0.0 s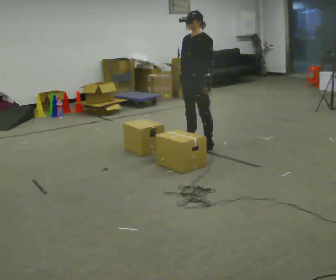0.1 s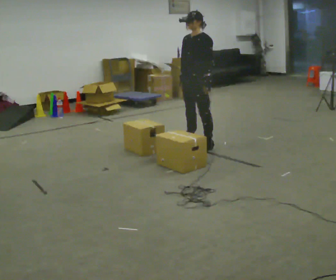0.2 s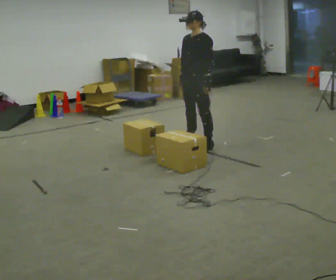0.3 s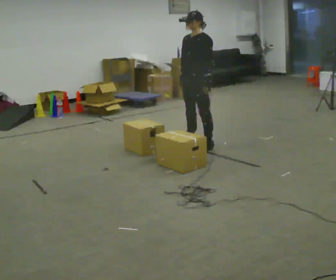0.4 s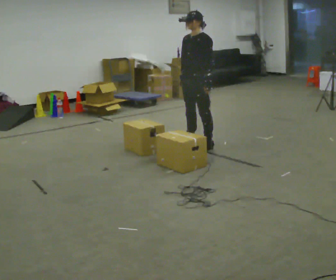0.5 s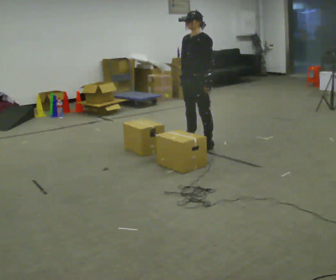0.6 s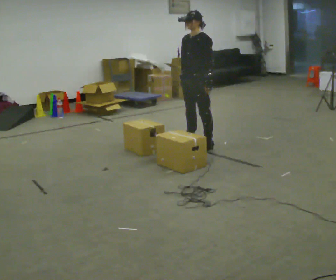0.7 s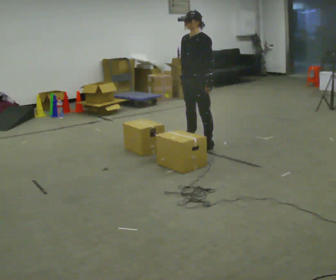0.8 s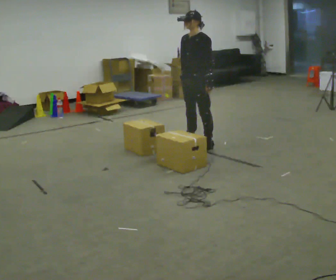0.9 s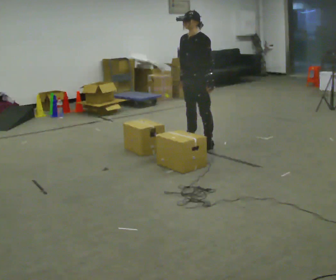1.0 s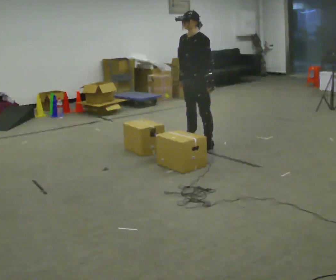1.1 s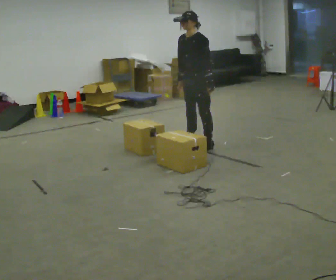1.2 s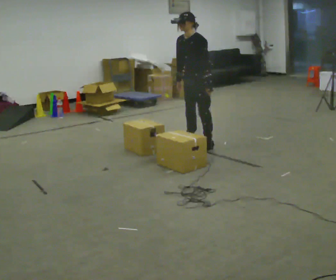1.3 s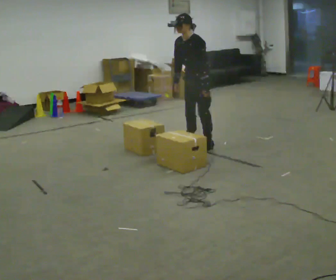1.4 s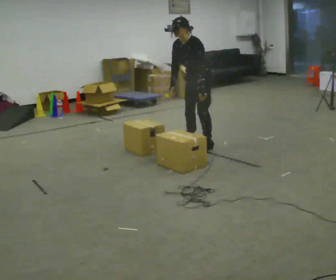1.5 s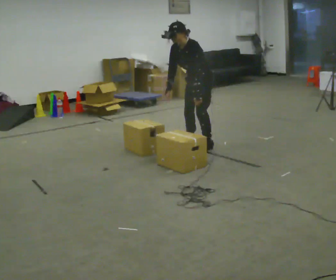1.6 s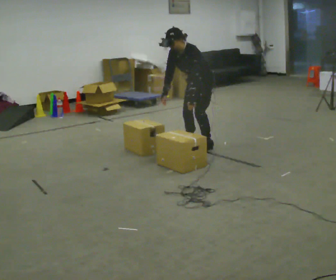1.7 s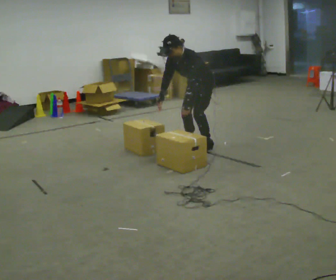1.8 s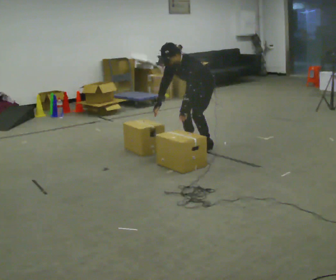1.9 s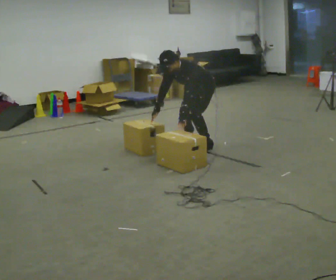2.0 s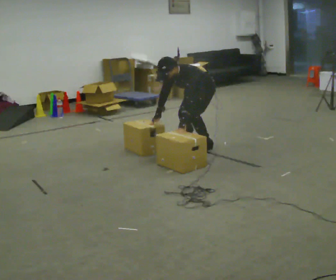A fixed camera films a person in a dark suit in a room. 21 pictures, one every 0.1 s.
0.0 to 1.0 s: The person moves a little, or ends about where they began.
1.0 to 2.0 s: The shoulders move downward. In the picture the upper body tilts counterclockwise, shoulders to the left, as they bend forward. In the picture their left hand goes to the left and downward.
The film runs backward here.
